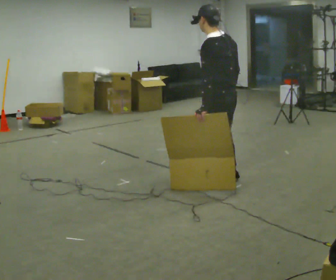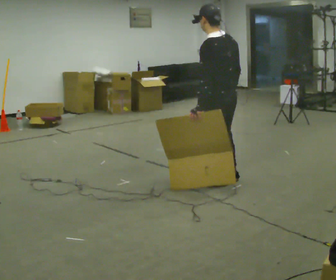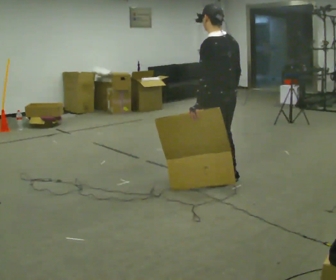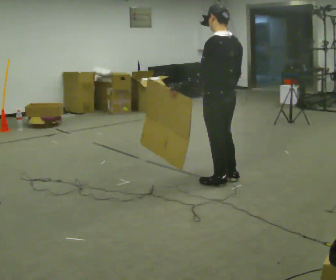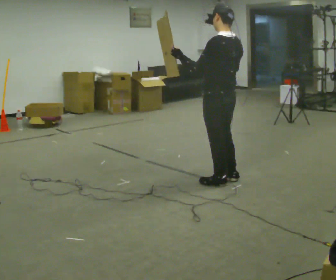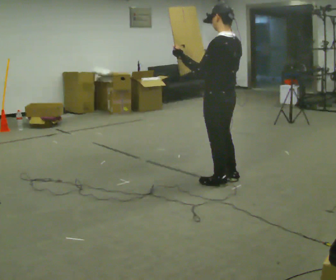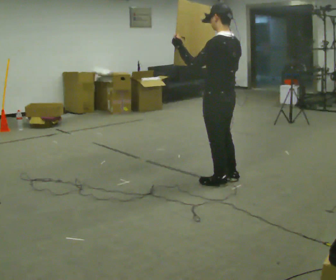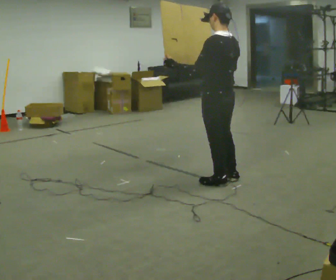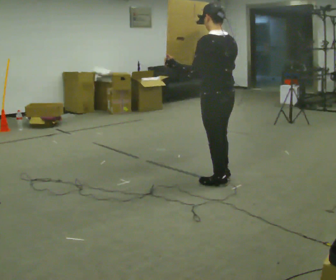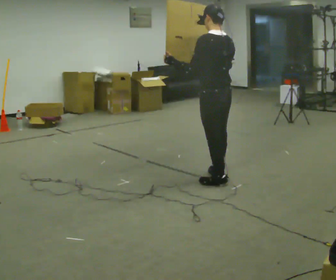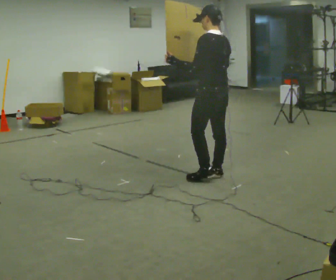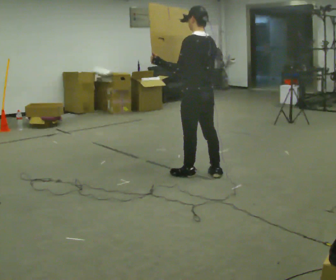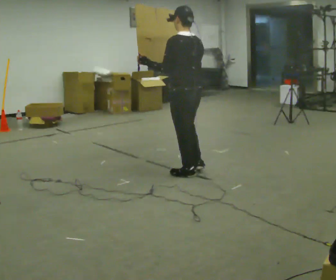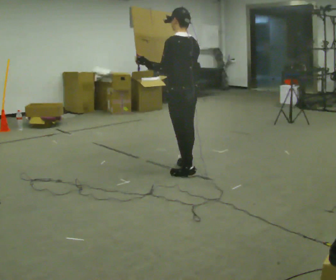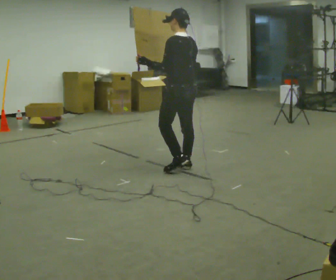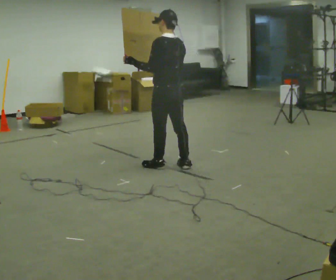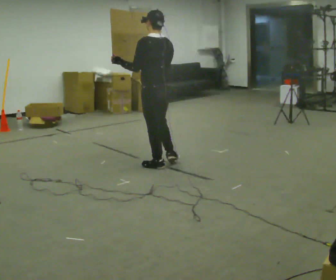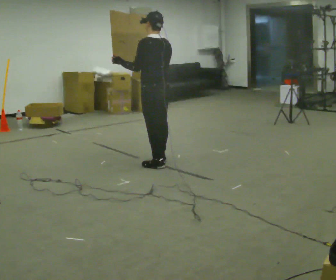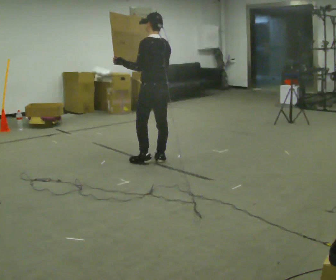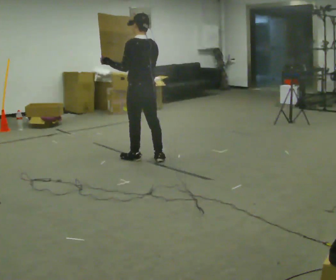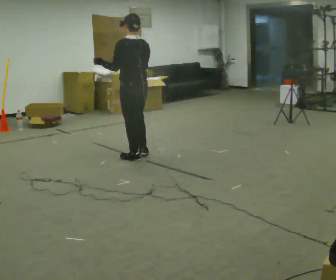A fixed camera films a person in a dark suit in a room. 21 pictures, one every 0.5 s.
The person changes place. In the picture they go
to the left.
0.0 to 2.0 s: In the picture their left hand goes upward, the arm swinging clockwise.
2.0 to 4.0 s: The person moves a little, or ends about where they began.
4.0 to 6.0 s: In the picture they go to the left and away from the camera, about 0.5 m in 2 steps, which for them is forward.
6.0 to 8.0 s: In the picture they go to the left and away from the camera, about 0.5 m in 2 steps, which for them is forward.
8.0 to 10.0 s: In the picture they go to the left and away from the camera, about 0.5 m in 2 steps, which for them is forward.
The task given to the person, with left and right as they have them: Carry the large light object across the room, back and forth. It is awkward rather than heavy, so hold it however works.
The film runs forward here.
